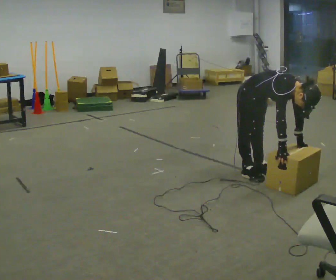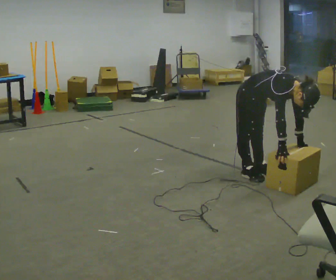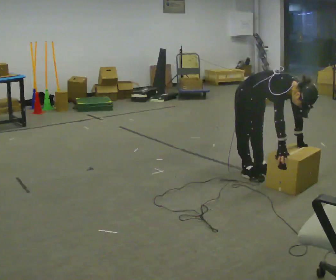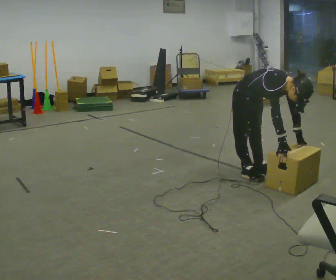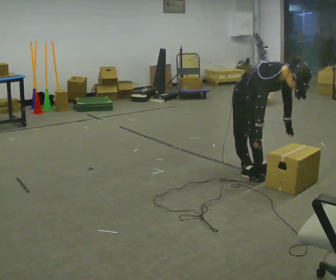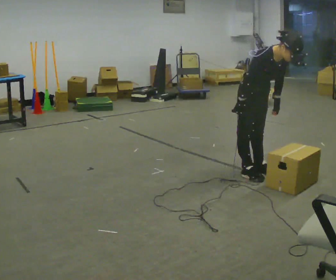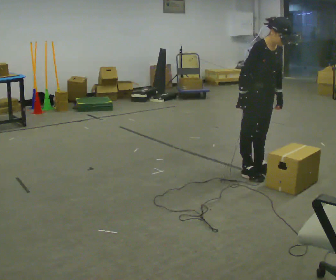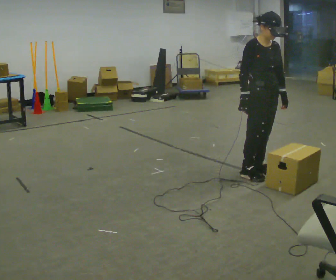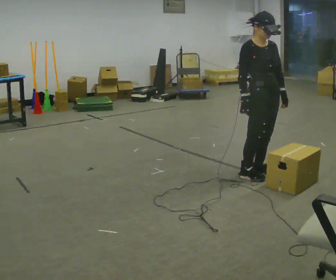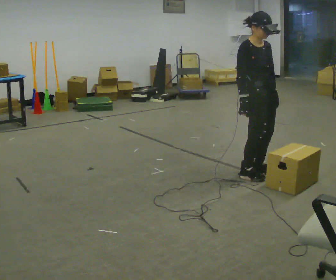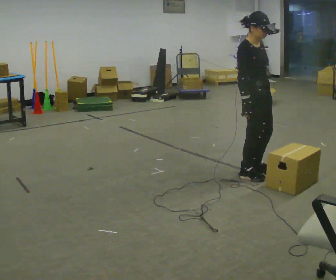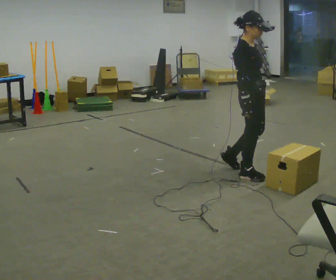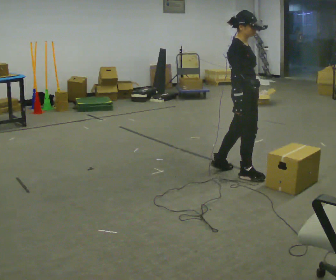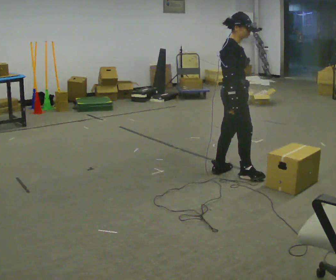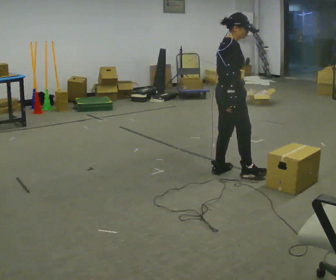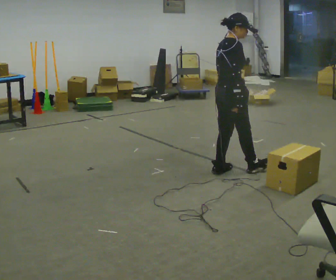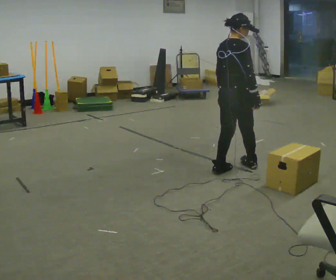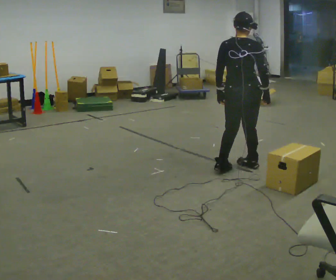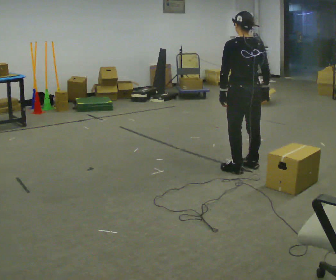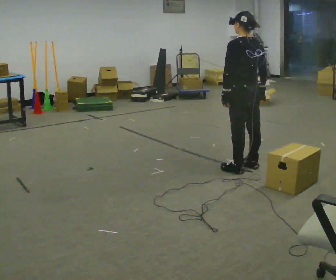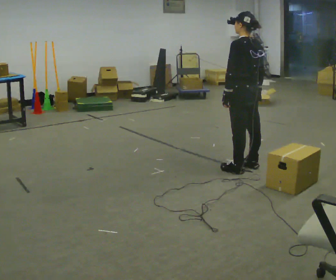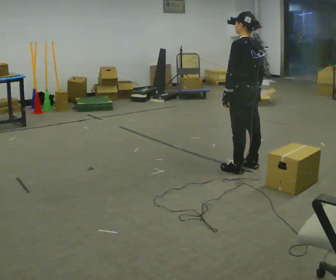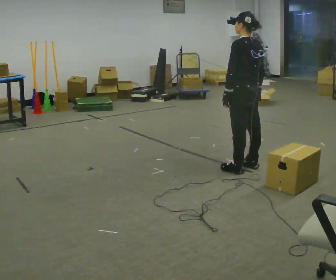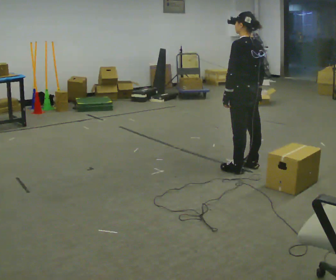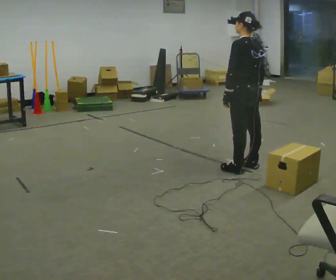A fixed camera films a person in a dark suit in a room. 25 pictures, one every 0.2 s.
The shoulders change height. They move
upward.
The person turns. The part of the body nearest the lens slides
to the right.
0.0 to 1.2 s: The upper body goes upward. In the picture the upper body tilts counterclockwise, shoulders to the left, as they lean back or straighten. In the picture their right hand goes upward and to the left.
1.2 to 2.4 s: Seen from above the body turns counterclockwise, about 45 degrees: to their left, with its near side sliding to the right. The upper body tips away from the camera, its near side rolling upward, as they lean back or straighten.
2.4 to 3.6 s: The part of the body nearest the lens slides to the right as the person turns to their left by about 120 degrees. In the picture they go away from the camera, about 0.25 m in 2 steps. In the picture their right hand goes to the right.
3.6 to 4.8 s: The part of the body nearest the lens slides to the right as the person turns to their left by about 30 degrees.
The film runs backward here.
